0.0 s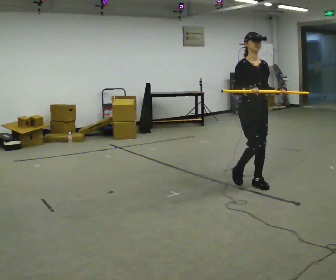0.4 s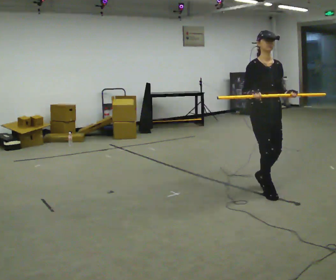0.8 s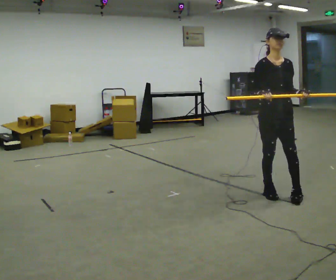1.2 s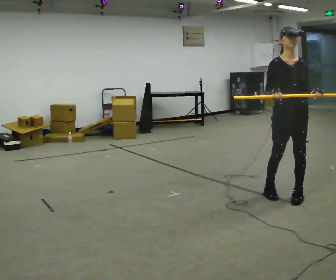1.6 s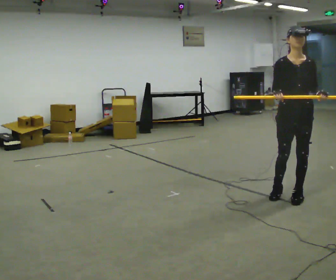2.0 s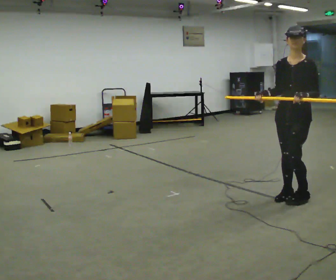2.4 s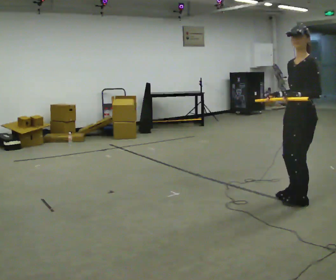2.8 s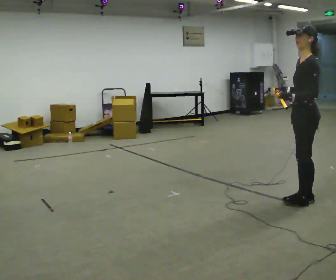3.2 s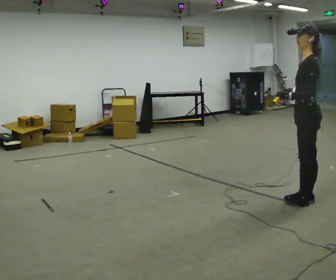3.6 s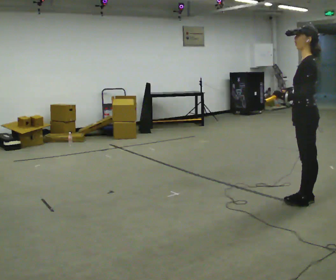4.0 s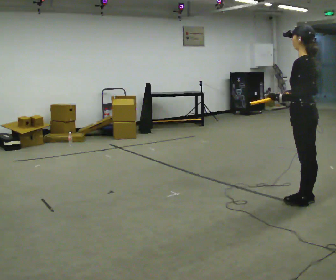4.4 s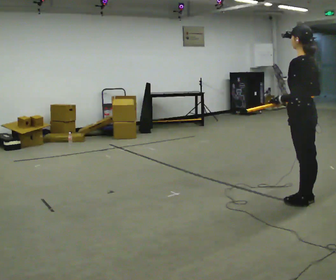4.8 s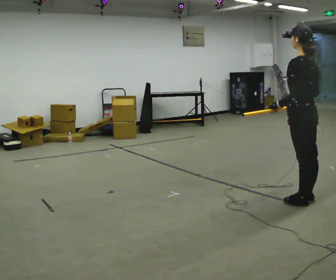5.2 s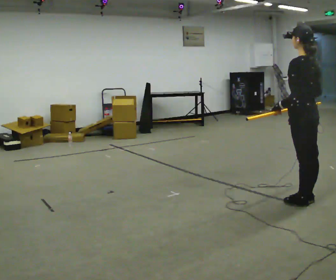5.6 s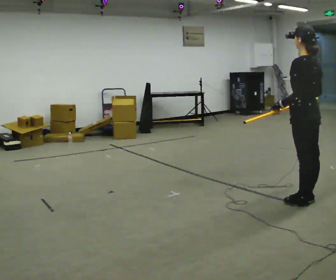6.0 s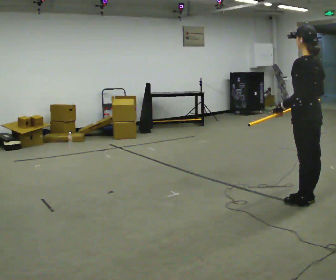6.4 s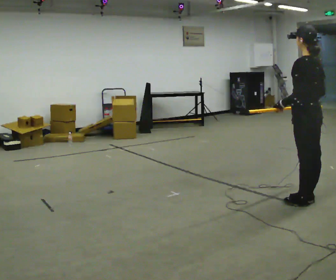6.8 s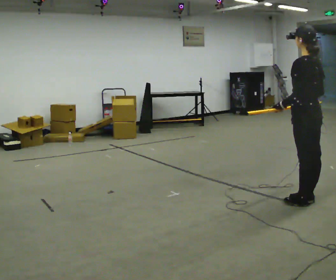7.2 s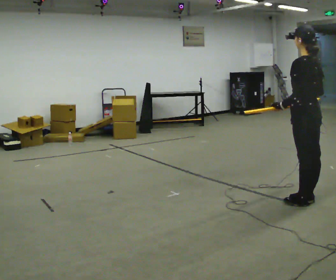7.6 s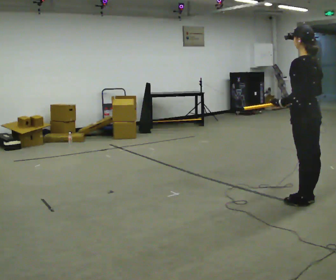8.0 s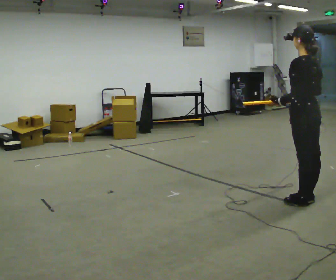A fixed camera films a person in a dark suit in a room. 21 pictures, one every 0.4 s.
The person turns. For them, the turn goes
to their right.
The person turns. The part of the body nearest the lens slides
to the left.
0.0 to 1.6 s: Seen from above the body turns clockwise, about 30 degrees: to their right, with its near side sliding to the left. In the picture they go to the right and toward the camera, about 0.5 m in 2 steps, which for them is forward and to their left.
1.6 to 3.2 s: The person turns about 105 degrees to their right, clockwise seen from above, so the part of the body nearest the lens slides to the left. In the picture their left hand goes to the left.
3.2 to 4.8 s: Seen from above the body turns clockwise, about 30 degrees: to their right, with its near side sliding to the left.
4.8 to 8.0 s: The person moves a little, or ends about where they began.
The film runs forward here.
